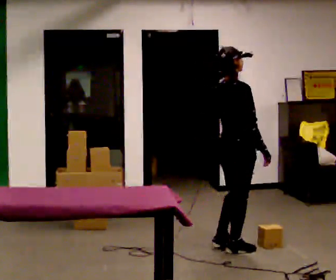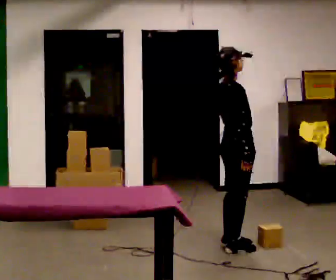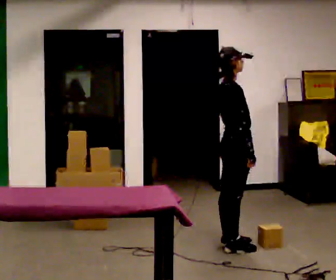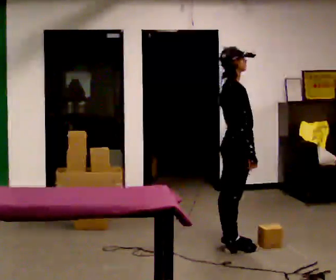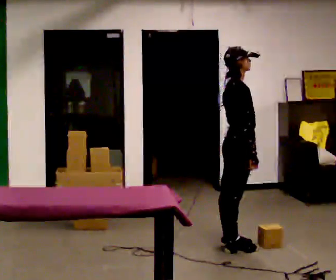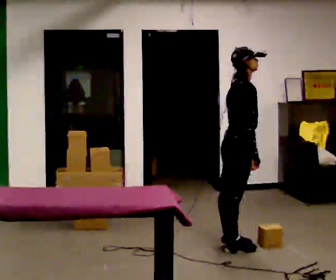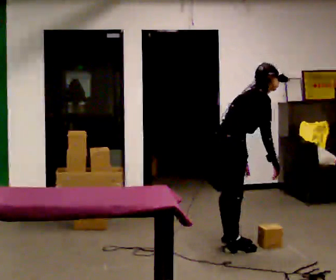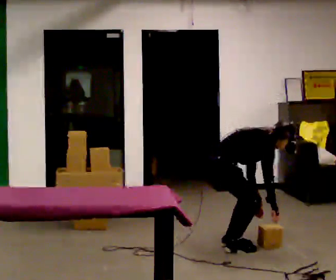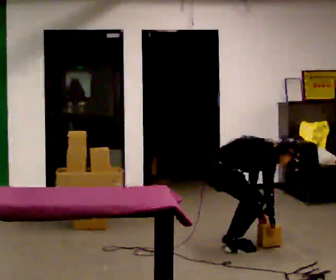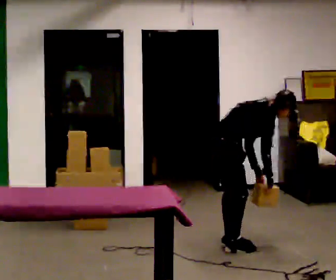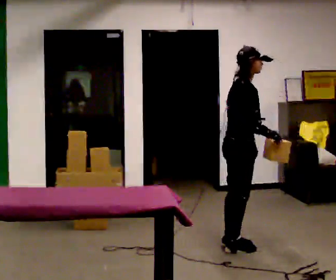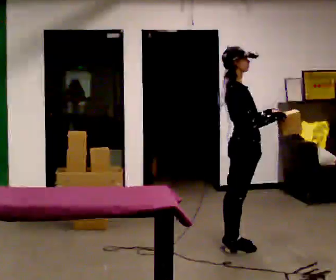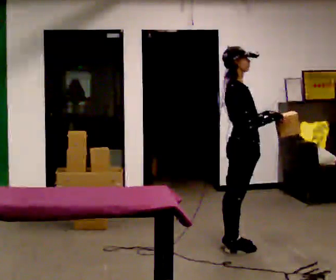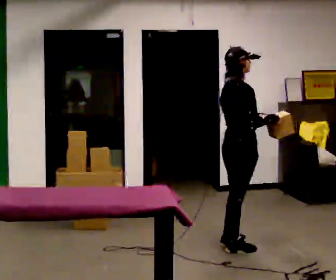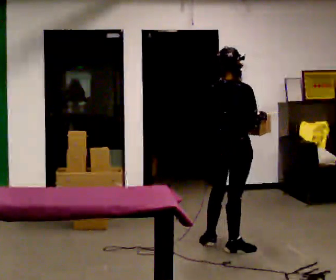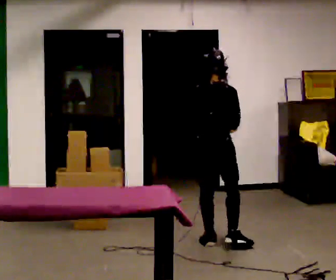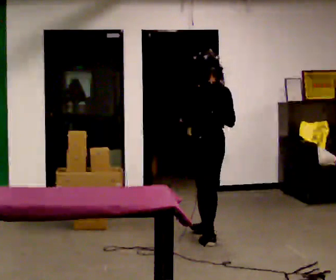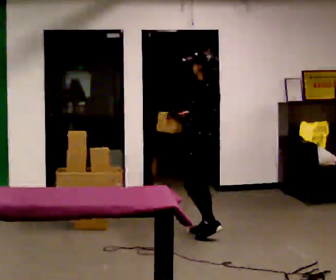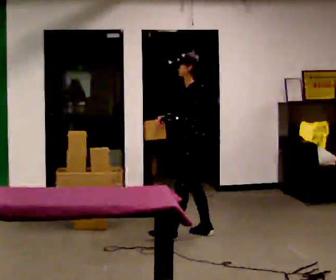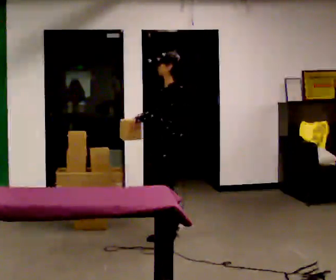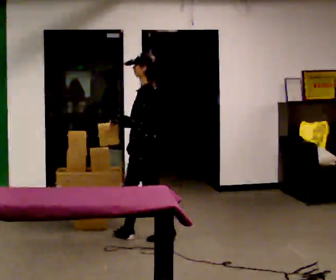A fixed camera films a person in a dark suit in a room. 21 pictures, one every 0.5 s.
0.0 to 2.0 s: The person moves a little, or ends about where they began.
2.0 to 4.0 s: The upper body goes downward. In the picture the upper body tilts clockwise, shoulders to the right, as they bend forward. In the picture their left hand goes downward.
4.0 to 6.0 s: In the picture they go to the right, about 0.25 m, which for them is forward. The shoulders move upward. In the picture the upper body tilts counterclockwise, shoulders to the left, as they lean back or straighten. In the picture their left hand goes upward, the arm swinging counterclockwise.
6.0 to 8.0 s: The person turns about 105 degrees to their left, counterclockwise seen from above, so the part of the body nearest the lens slides to the right. In the picture they go to the left and away from the camera, about 0.5 m in 1 step.
8.0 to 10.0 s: Seen from above the body turns counterclockwise, about 75 degrees: to their left, with its near side sliding to the right. In the picture they go to the left, about 0.5 m in 2 steps.
The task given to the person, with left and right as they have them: 1. The operator will tell you the shelf is already sorted and just needs moving to the table. 2. Do what you think is right. 3. Tell the operator when you are finished.
The film runs forward here.
